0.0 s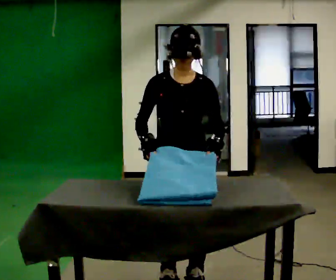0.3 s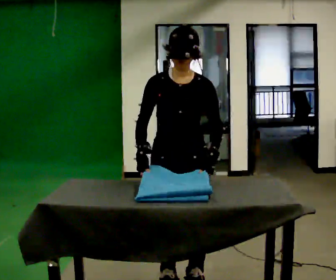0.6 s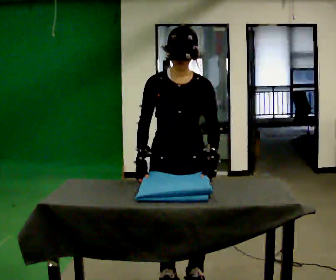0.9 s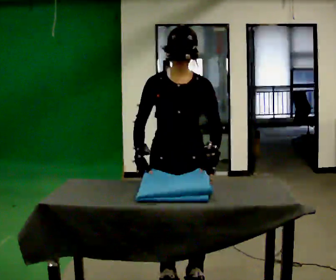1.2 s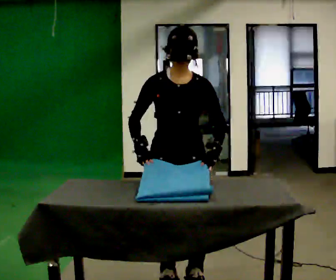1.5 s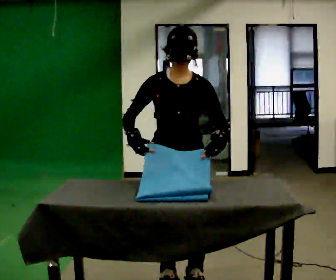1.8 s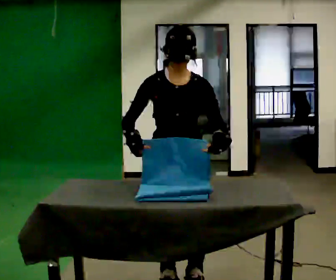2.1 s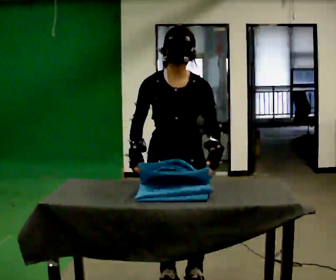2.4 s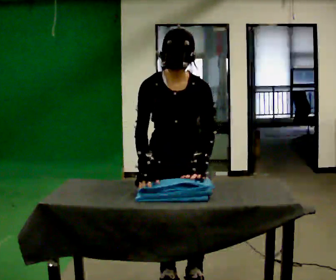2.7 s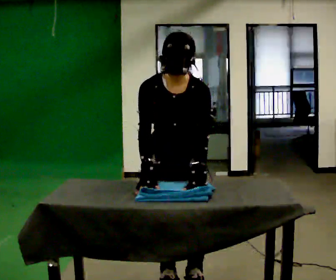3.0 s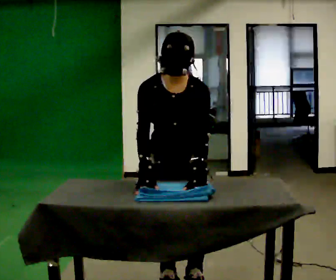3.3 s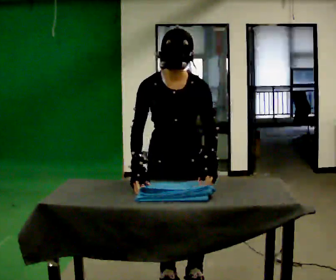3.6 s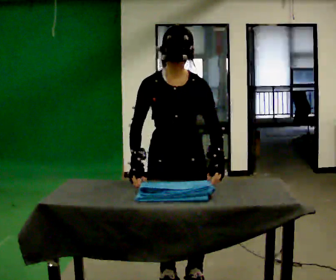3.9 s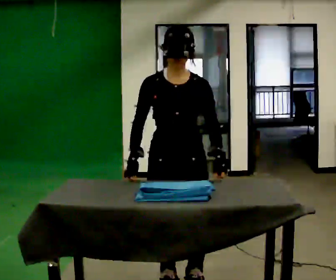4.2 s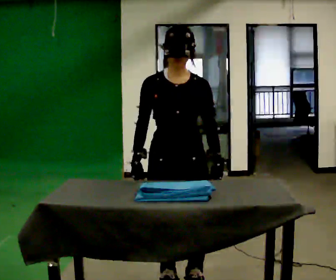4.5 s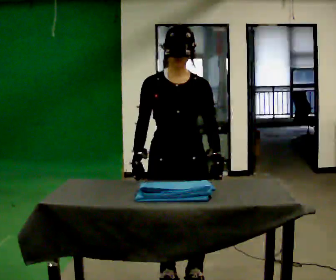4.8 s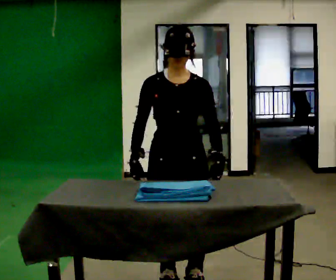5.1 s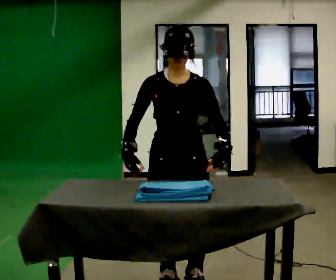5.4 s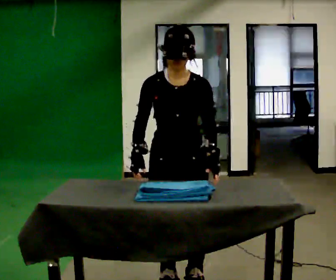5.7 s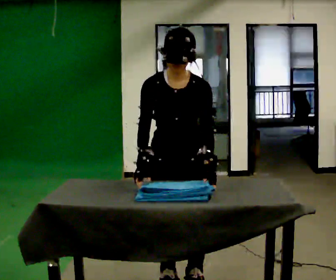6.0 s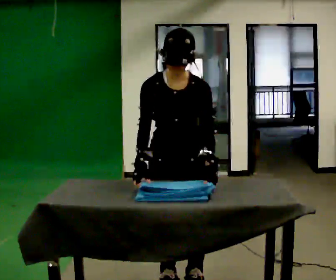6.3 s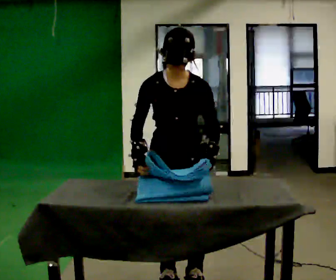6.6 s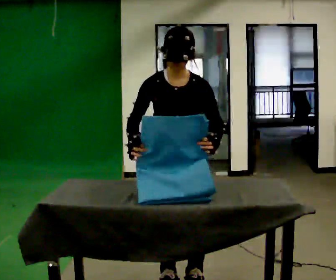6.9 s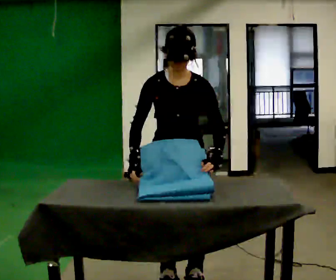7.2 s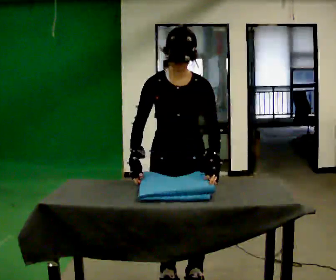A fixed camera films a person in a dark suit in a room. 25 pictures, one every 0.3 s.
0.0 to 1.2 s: The person moves a little, or ends about where they began.
1.2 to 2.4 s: The upper body tips toward the camera, its near side rolling downward, as they bend forward.
2.4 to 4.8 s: The upper body tips away from the camera, its near side rolling upward, as they lean back or straighten.
4.8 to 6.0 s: The upper body tips toward the camera, its near side rolling downward, as they bend forward.
6.0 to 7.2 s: The person moves a little, or ends about where they began.
The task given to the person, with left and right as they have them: Fold the cloth in half, then in half again, then unfold it. Repeat at your own pace until the operator says stop. Keep both feet on the marked spots for the whole take. If you have to step, stop and tell the operator.
The film runs forward here.
